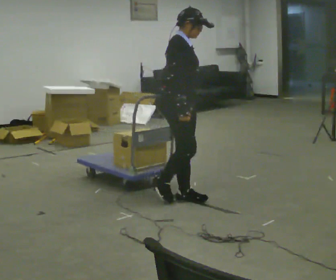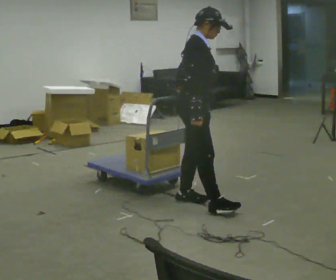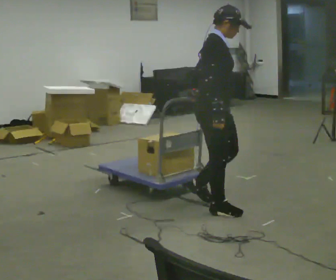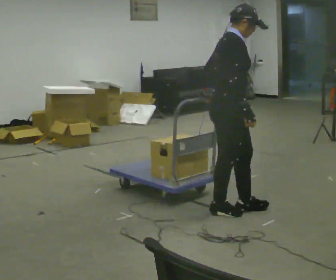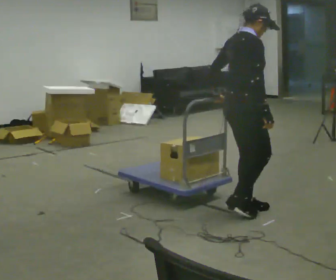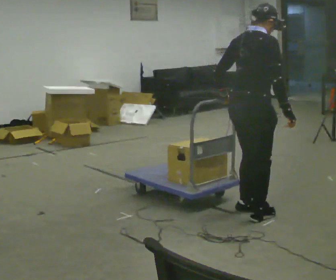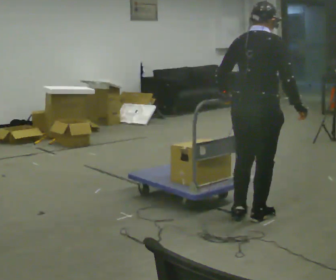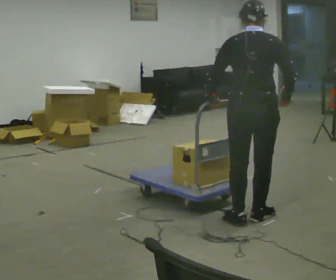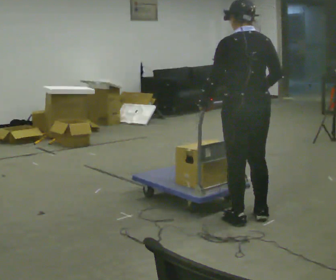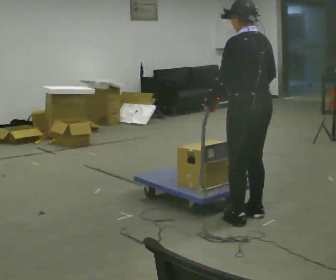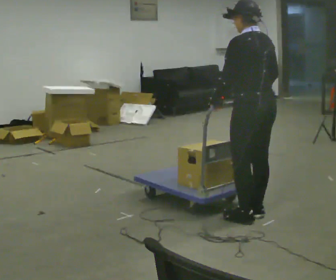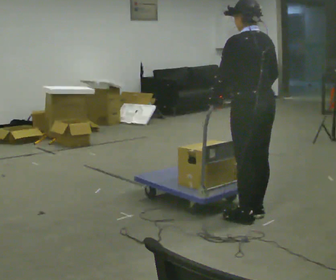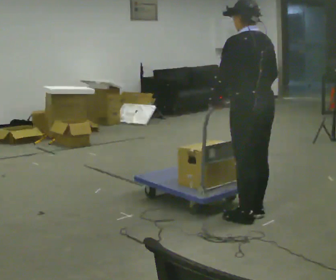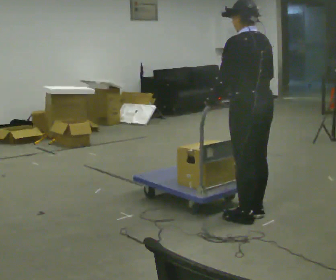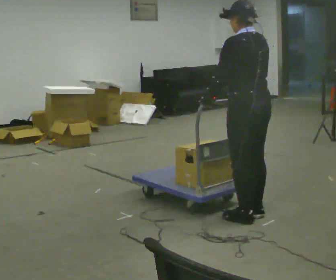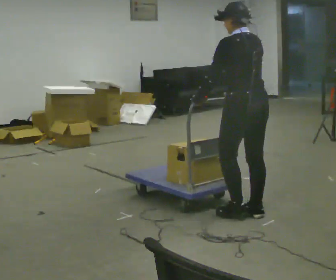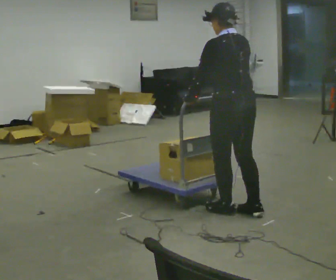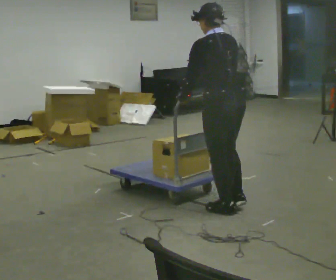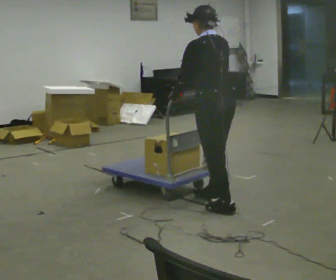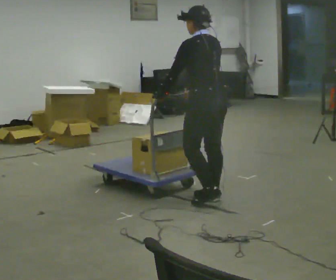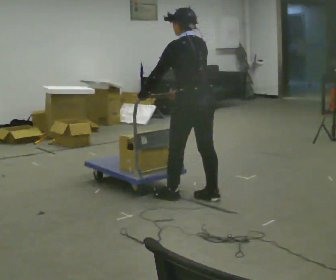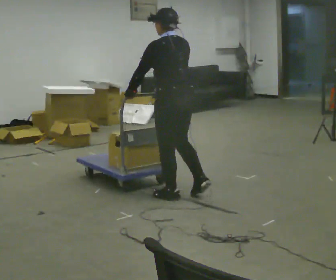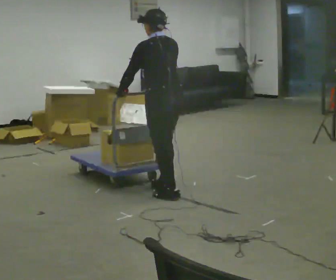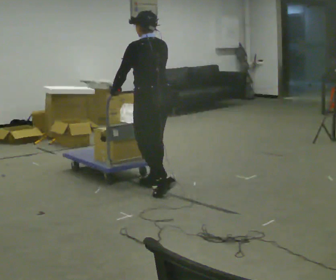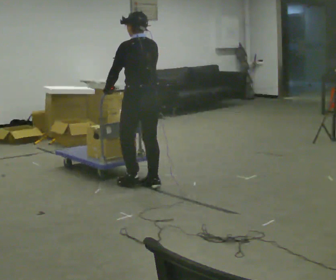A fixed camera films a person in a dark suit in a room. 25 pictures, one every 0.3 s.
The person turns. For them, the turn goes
to their left.
The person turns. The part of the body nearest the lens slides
to the right.
0.0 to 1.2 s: Seen from above the body turns counterclockwise, about 30 degrees: to their left, with its near side sliding to the right. In the picture they go to the right and toward the camera, about 0.5 m in 2 steps, which for them is forward.
1.2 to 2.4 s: Seen from above the body turns counterclockwise, about 105 degrees: to their left, with its near side sliding to the right. In the picture they go toward the camera, about 0.25 m in 2 steps.
2.4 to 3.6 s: The person moves a little, or ends about where they began.
3.6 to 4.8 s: In the picture they go to the left, about 0.25 m in 1 step, which for them is forward.
4.8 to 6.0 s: In the picture they go to the left and away from the camera, about 0.5 m in 2 steps, which for them is forward.
6.0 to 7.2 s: In the picture they go to the left and away from the camera, about 0.5 m in 1 step, which for them is forward.
The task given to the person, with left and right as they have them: Push the cart across the room and back. The operator will change how much is loaded on it between takes and will tell you each time.
The film runs forward here.
